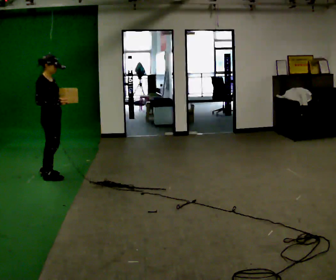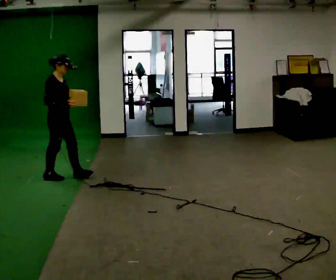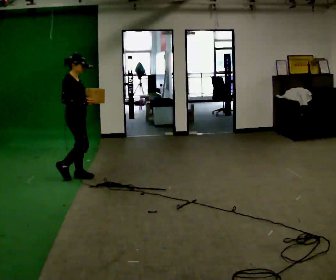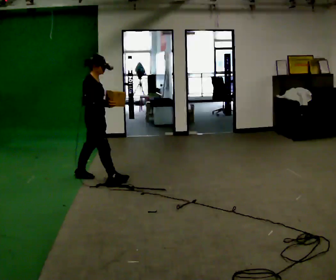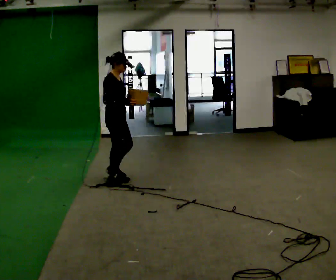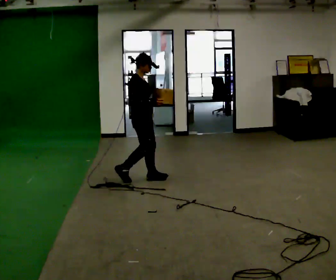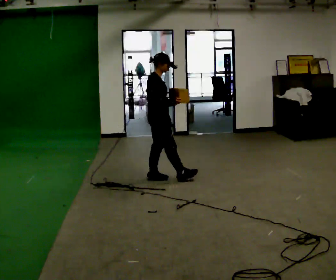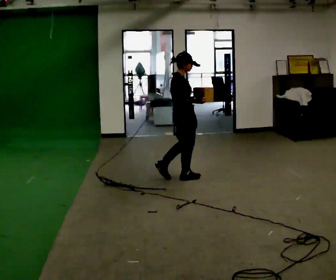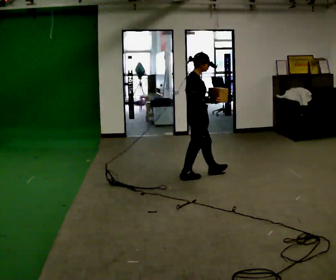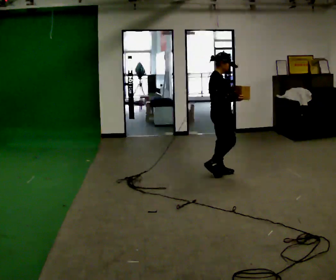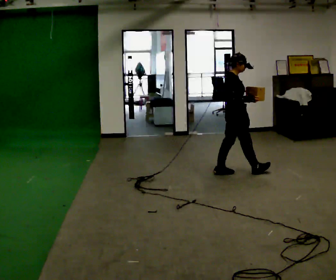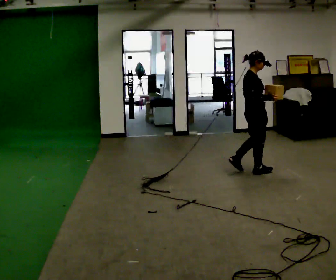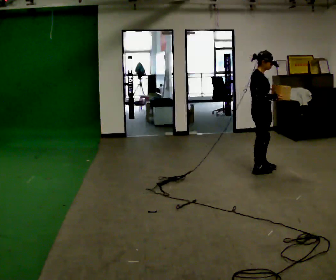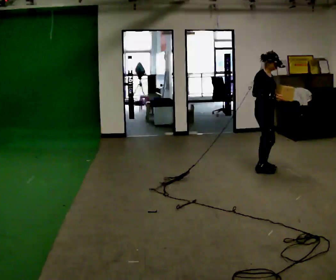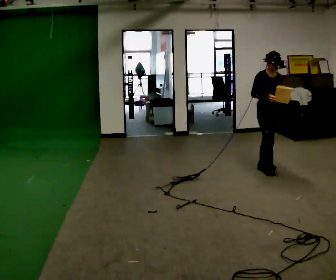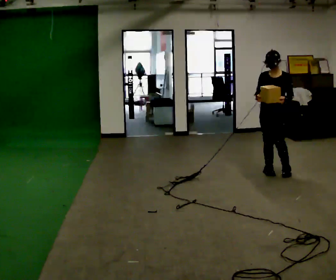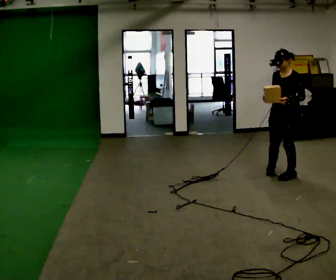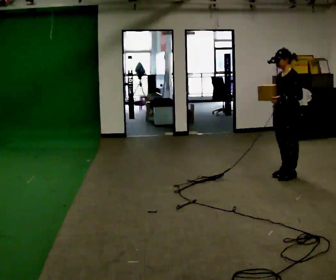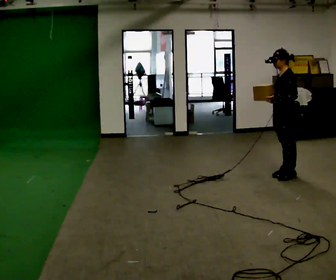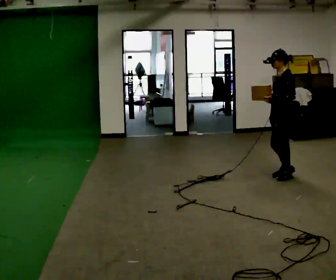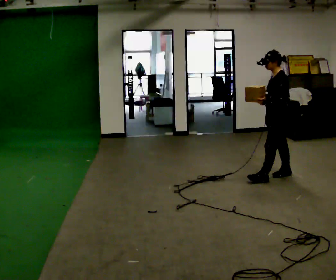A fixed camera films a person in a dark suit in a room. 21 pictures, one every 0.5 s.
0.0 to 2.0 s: In the picture they go to the right, about 1 m in 2 steps, which for them is forward.
2.0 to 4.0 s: In the picture they go to the right, about 1 m in 2 steps, which for them is forward.
4.0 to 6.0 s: In the picture they go to the right, about 1 m in 3 steps, which for them is forward.
6.0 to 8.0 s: The person turns about 135 degrees to their right, clockwise seen from above, so the part of the body nearest the lens slides to the left. In the picture they go to the right and toward the camera, about 0.5 m in 2 steps.
8.0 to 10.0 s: Seen from above the body turns clockwise, about 45 degrees: to their right, with its near side sliding to the left.
The film runs forward here.
